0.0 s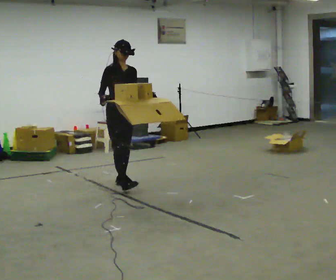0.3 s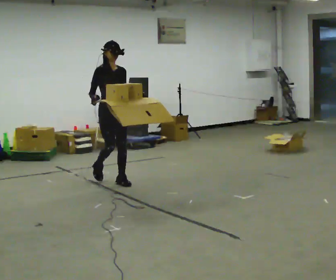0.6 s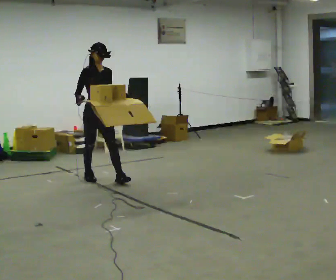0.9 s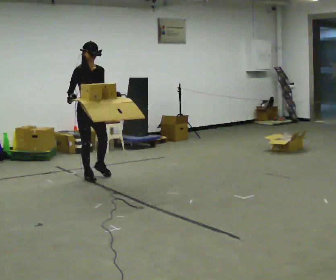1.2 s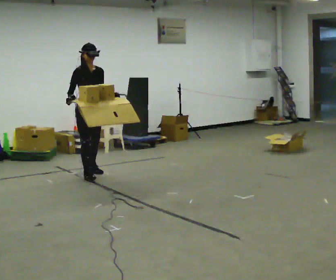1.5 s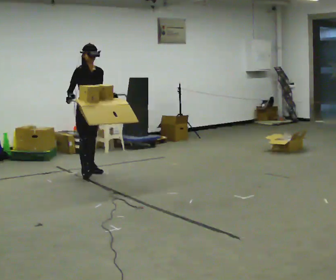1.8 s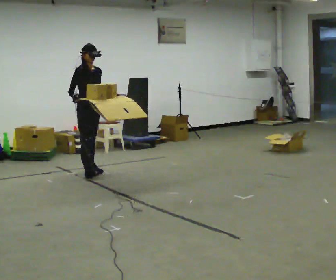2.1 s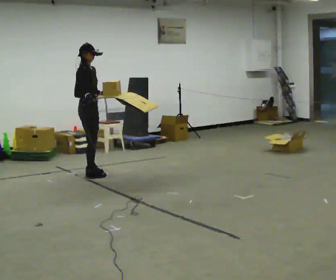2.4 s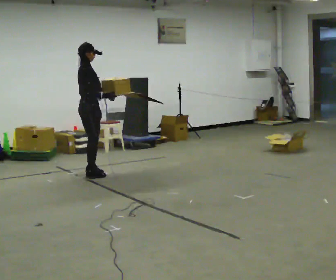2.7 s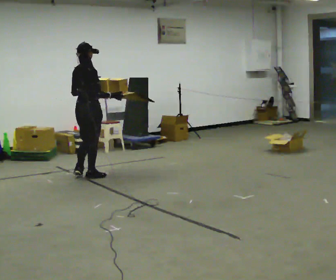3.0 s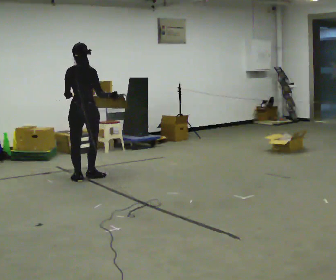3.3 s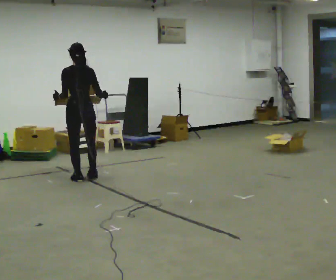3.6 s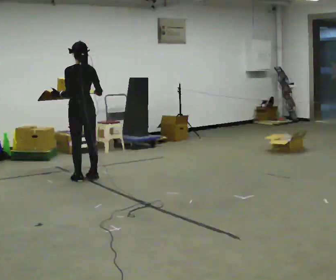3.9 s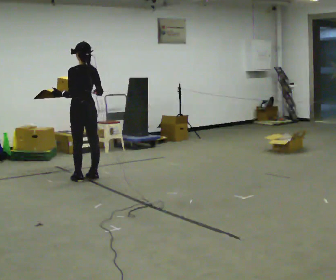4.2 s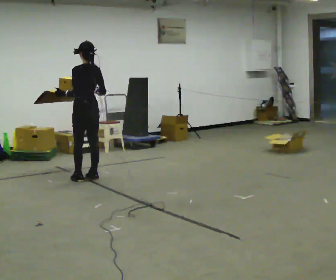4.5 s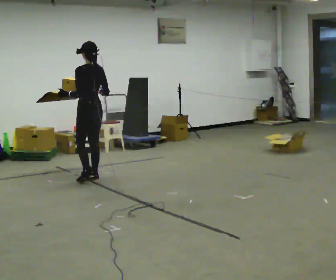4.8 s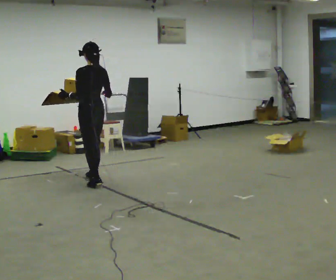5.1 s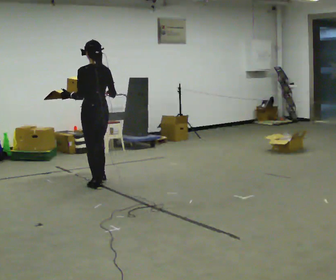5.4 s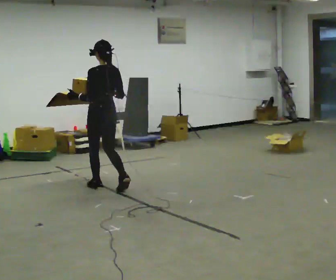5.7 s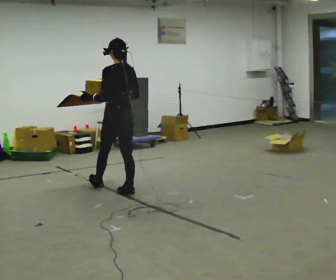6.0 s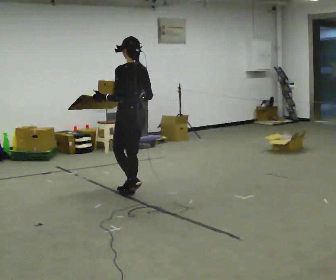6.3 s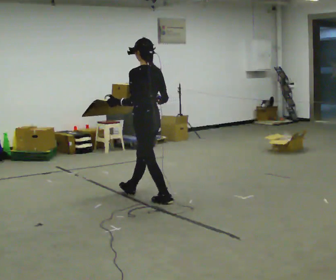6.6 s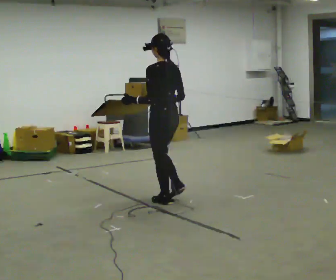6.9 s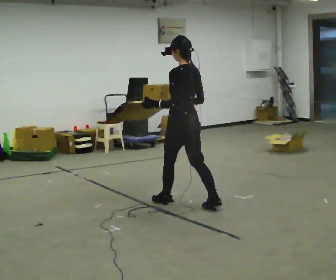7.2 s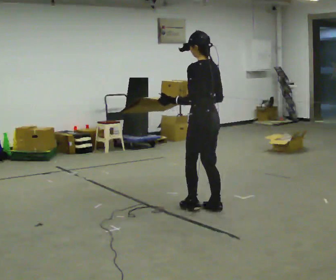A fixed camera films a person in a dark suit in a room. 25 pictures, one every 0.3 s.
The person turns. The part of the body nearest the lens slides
to the right.
The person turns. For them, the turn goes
to their left.
0.0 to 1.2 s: In the picture they go away from the camera and to the left, about 0.75 m in 1 step, which for them is backward.
1.2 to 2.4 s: The person turns about 75 degrees to their left, counterclockwise seen from above, so the part of the body nearest the lens slides to the right. In the picture their right hand goes to the right, the arm swinging counterclockwise.
2.4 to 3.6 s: Seen from above the body turns counterclockwise, about 105 degrees: to their left, with its near side sliding to the right. In the picture they go toward the camera, about 0.25 m.
3.6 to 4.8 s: In the picture they go toward the camera, about 0.25 m in 1 step, which for them is backward.
4.8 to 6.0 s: In the picture they go toward the camera and to the right, about 1 m in 2 steps, which for them is backward.
6.0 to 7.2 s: In the picture they go toward the camera and to the right, about 1 m in 2 steps, which for them is backward.
The film runs backward here.
